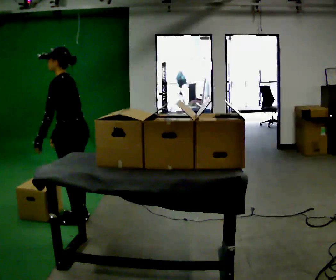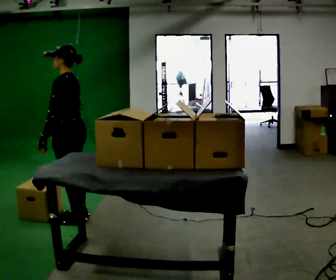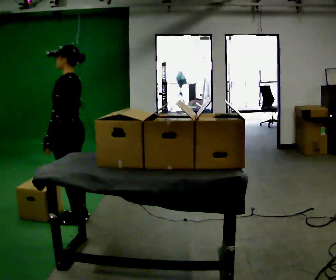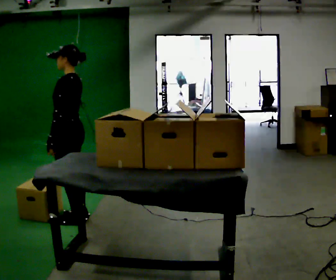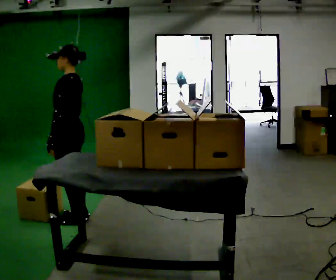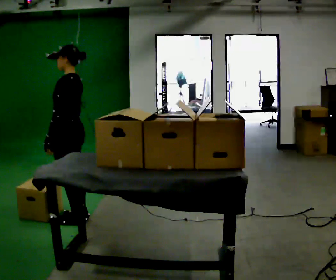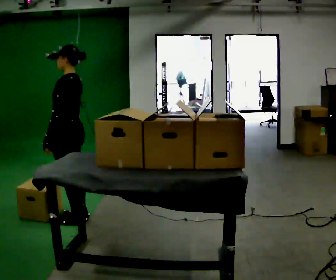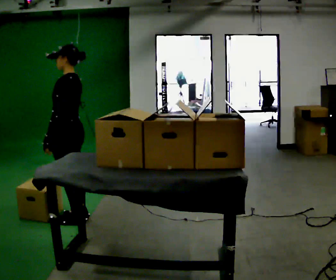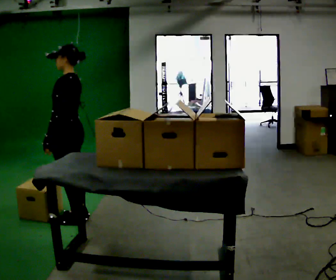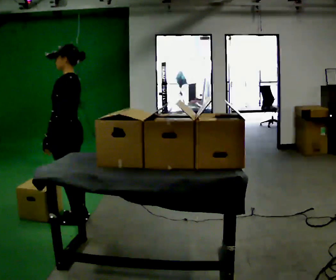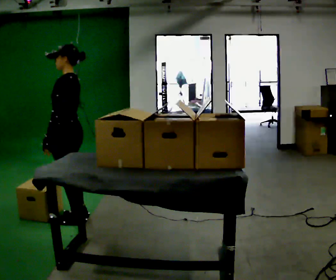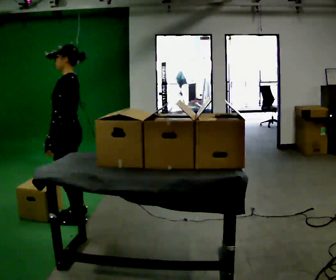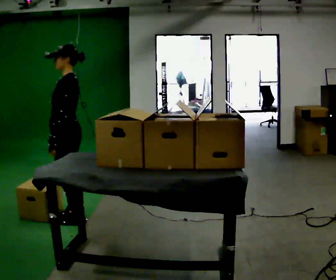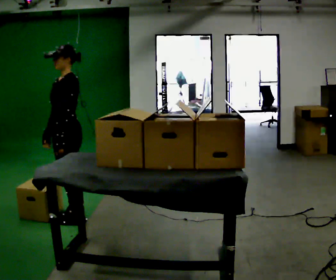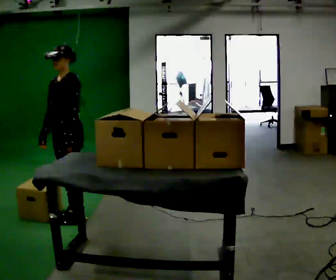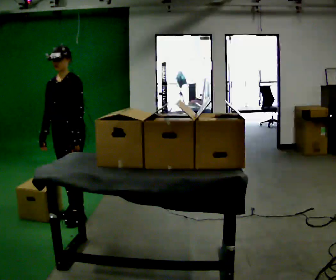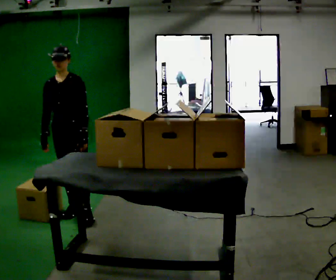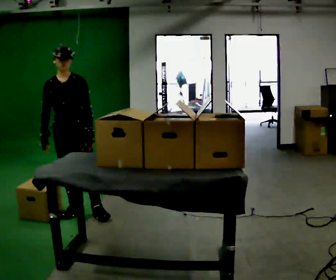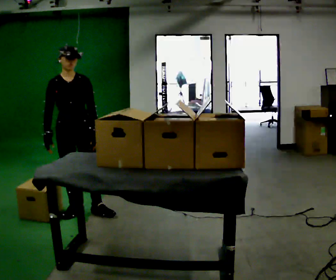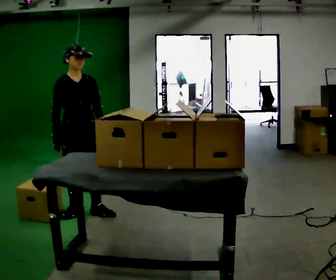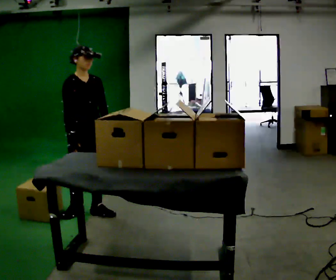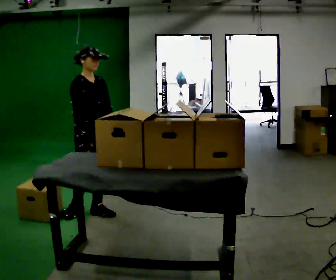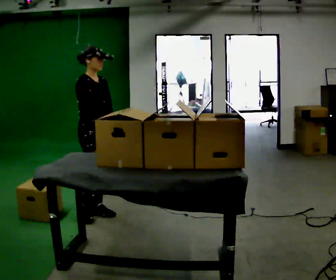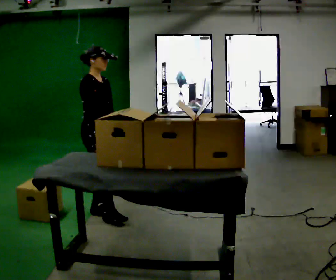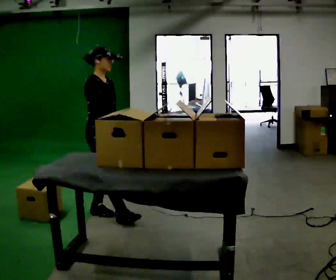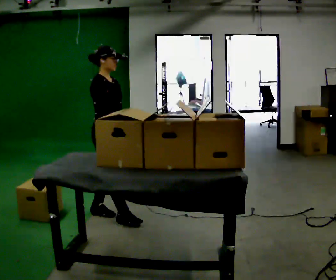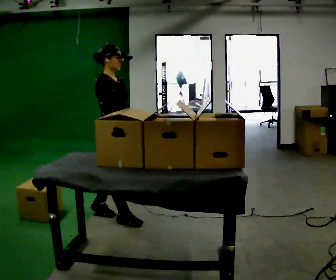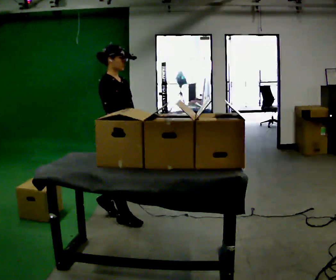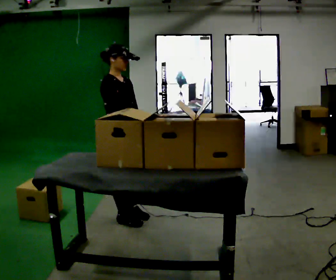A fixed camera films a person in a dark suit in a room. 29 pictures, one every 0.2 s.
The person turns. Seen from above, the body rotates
counterclockwise.
The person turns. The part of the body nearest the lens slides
to the right.
0.0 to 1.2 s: In the picture the upper body tilts clockwise, shoulders to the right, as they lean back or straighten.
1.2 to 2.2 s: The person moves a little, or ends about where they began.
2.2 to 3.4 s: The part of the body nearest the lens slides to the right as the person turns to their left by about 90 degrees. In the picture they go away from the camera, about 0.25 m in 1 step. In the picture their left hand goes to the right, the arm swinging counterclockwise.
3.4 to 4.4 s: The person turns about 60 degrees to their left, counterclockwise seen from above, so the part of the body nearest the lens slides to the right. In the picture they go to the right, about 0.25 m in 1 step, which for them is to their left. In the picture their right hand goes to the right.
4.4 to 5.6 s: In the picture they go toward the camera and to the right, about 0.25 m in 1 step, which for them is forward.
The film runs forward here.
